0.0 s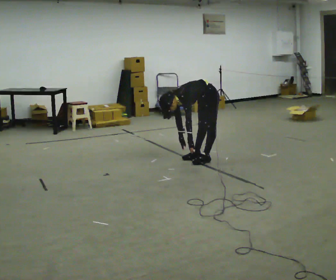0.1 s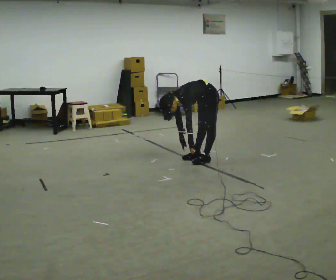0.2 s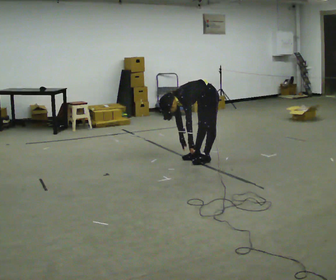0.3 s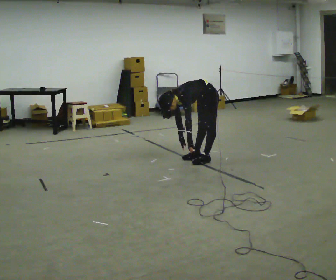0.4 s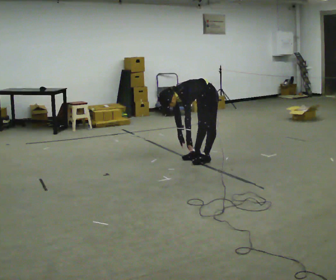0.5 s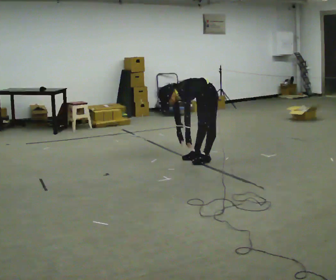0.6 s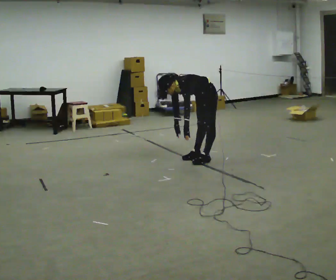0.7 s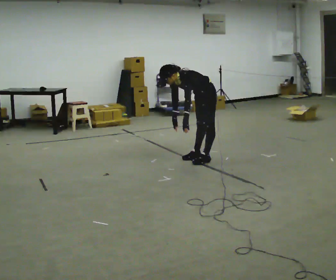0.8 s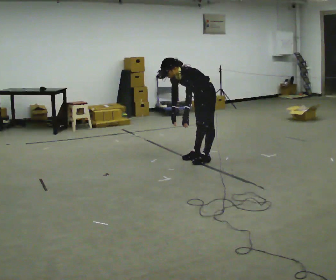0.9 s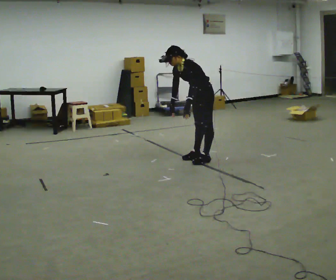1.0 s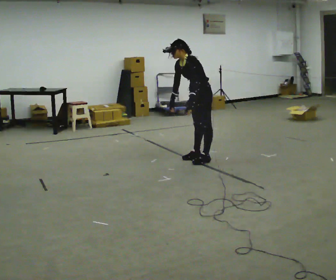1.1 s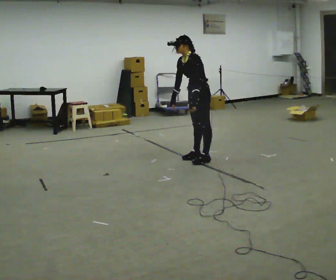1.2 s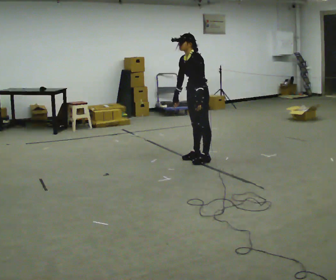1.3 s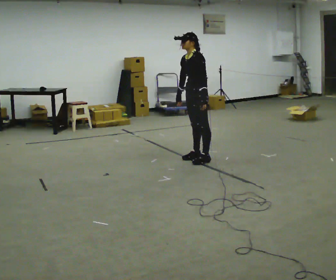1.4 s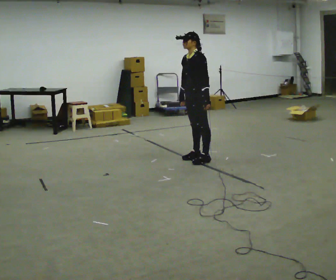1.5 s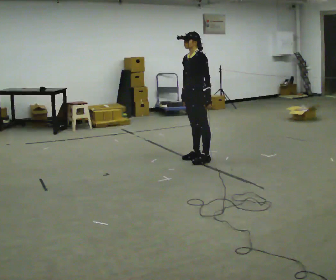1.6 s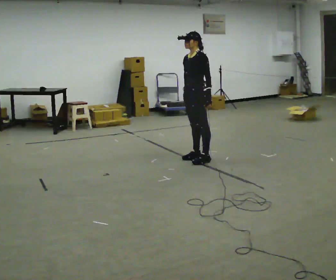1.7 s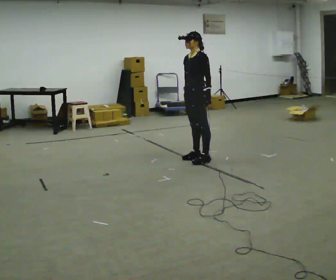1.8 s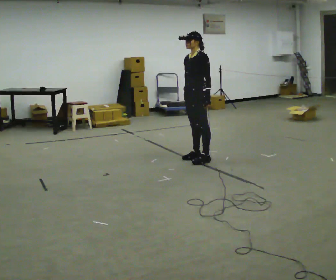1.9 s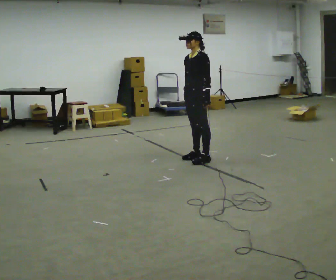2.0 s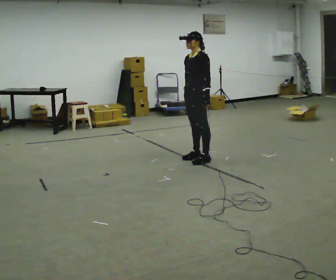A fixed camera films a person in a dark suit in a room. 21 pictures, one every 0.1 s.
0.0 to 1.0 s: The upper body goes upward. In the picture the upper body tilts clockwise, shoulders to the right, as they lean back or straighten. In the picture their right hand goes upward.
1.0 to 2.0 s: In the picture the upper body tilts clockwise, shoulders to the right, as they lean back or straighten.
The film runs forward here.
